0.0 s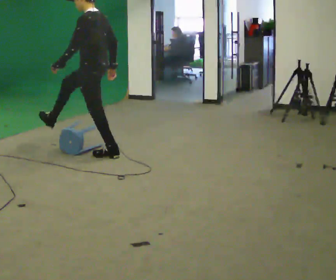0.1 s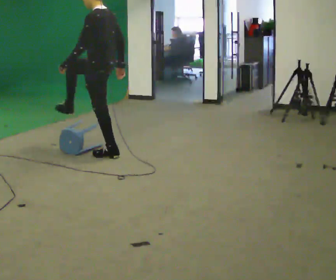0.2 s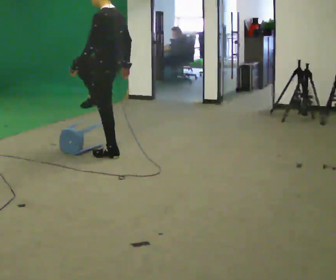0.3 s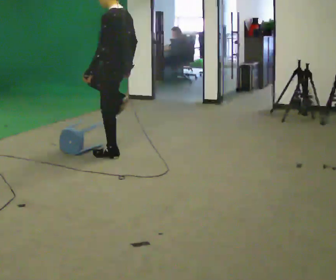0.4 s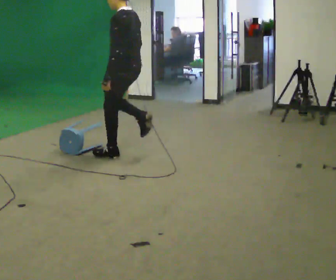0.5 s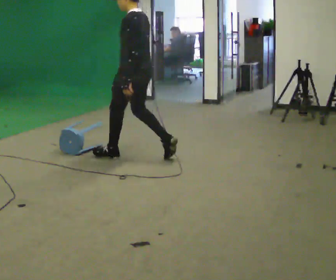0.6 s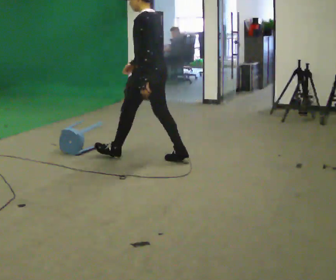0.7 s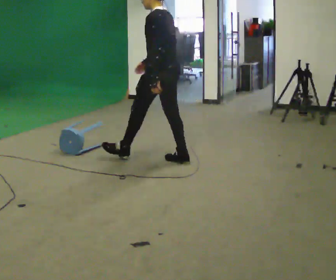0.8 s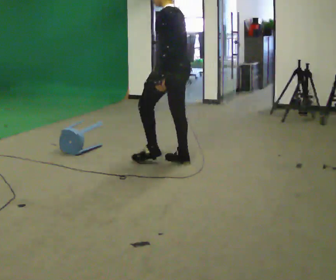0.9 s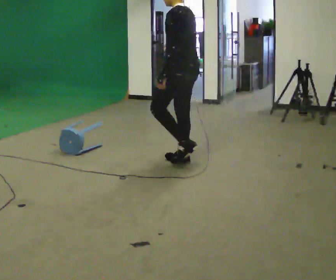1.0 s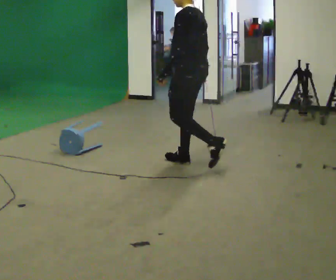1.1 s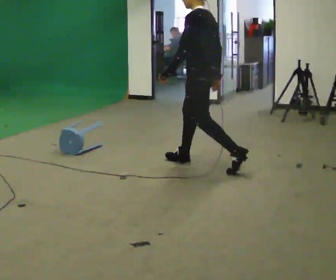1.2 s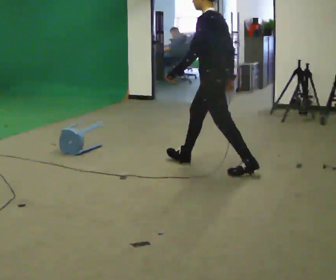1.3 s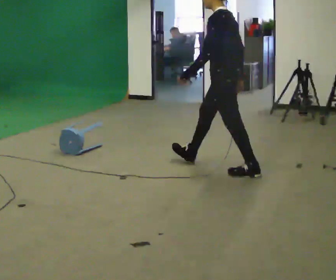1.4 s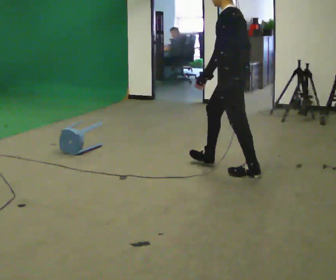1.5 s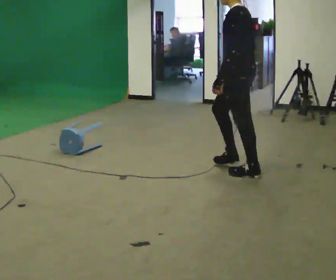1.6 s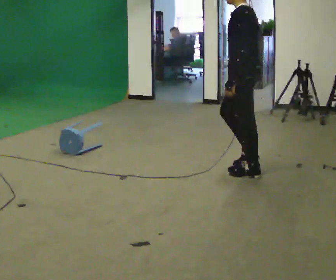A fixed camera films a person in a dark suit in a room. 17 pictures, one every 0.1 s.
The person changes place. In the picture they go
to the right.
0.0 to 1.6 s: In the picture they go to the right and toward the camera, about 1.5 m in 2 steps, which for them is backward.
The film runs backward here.
